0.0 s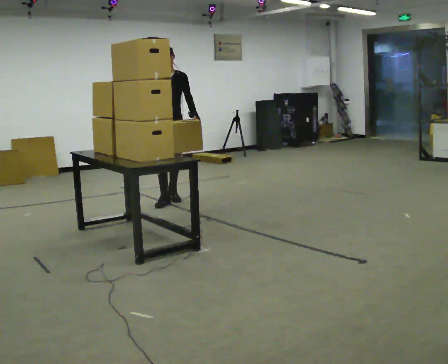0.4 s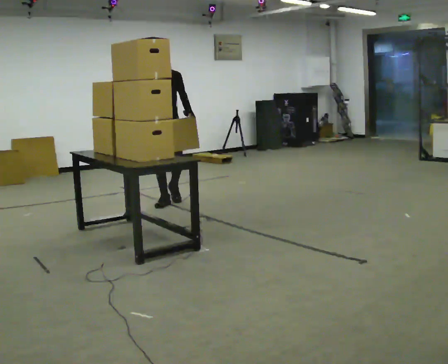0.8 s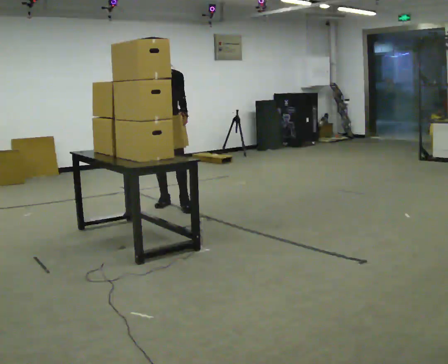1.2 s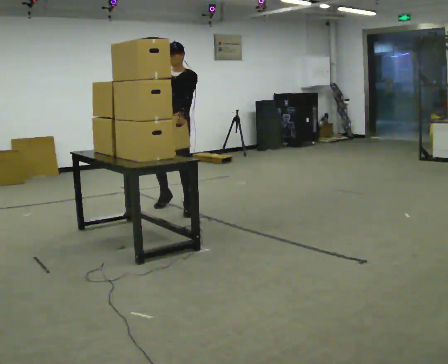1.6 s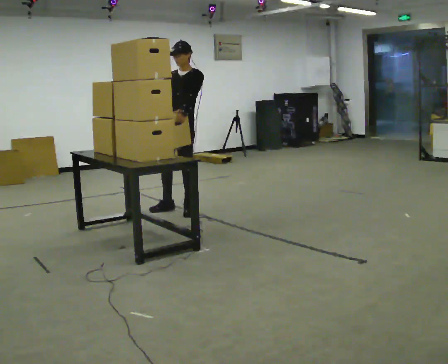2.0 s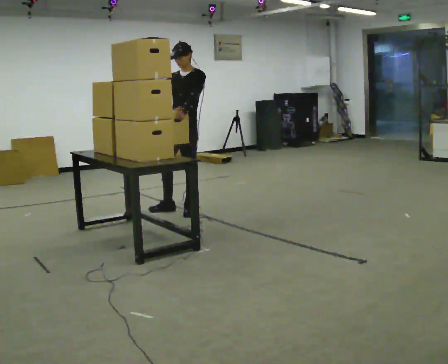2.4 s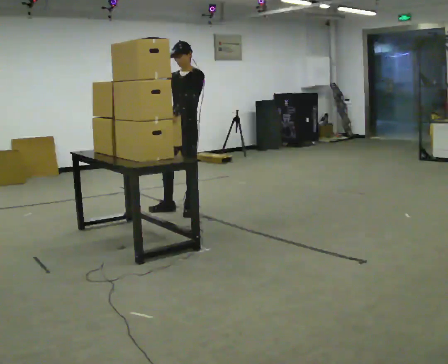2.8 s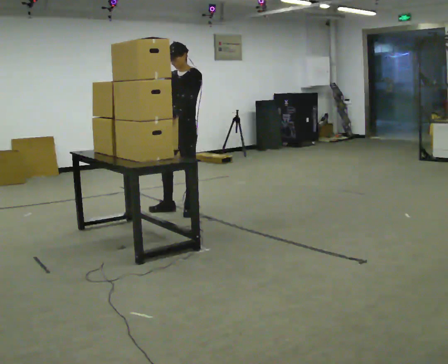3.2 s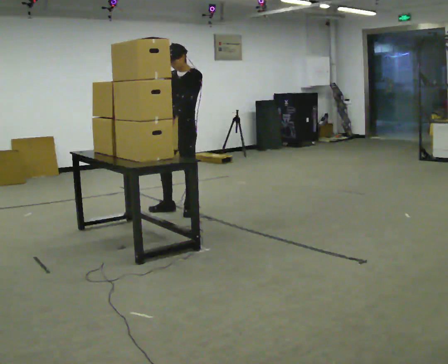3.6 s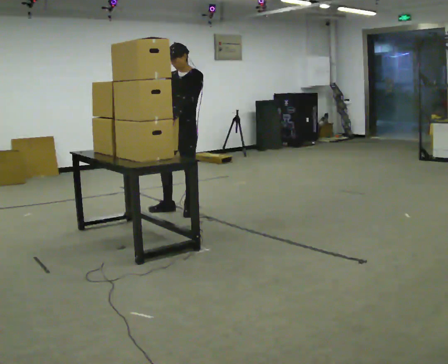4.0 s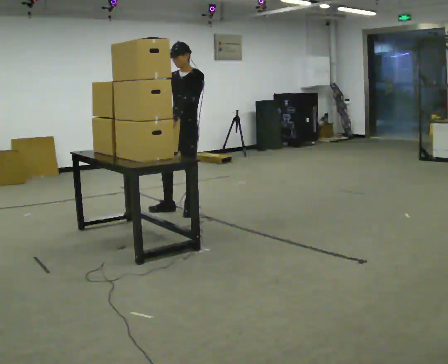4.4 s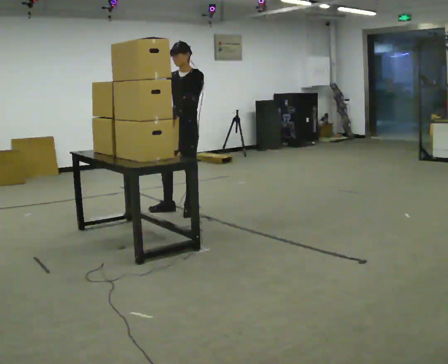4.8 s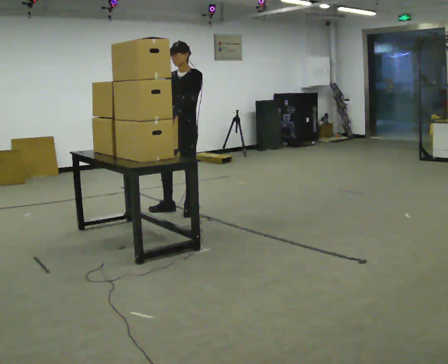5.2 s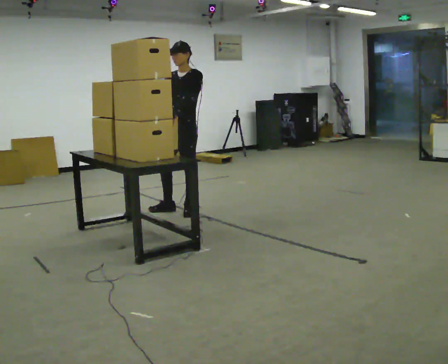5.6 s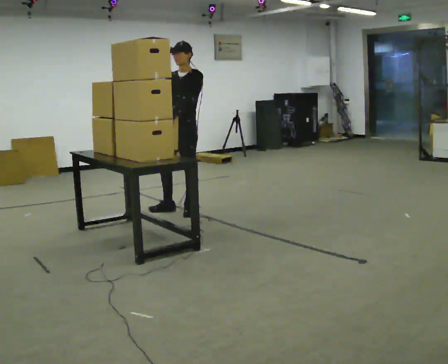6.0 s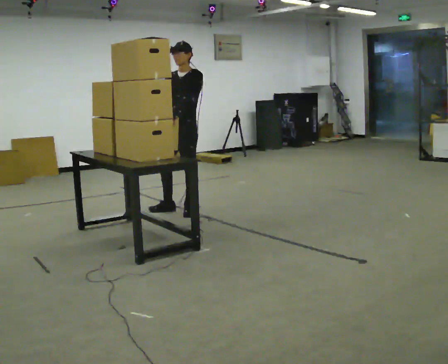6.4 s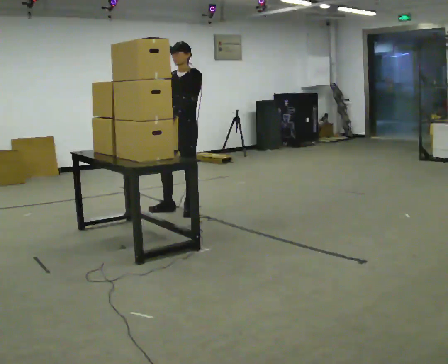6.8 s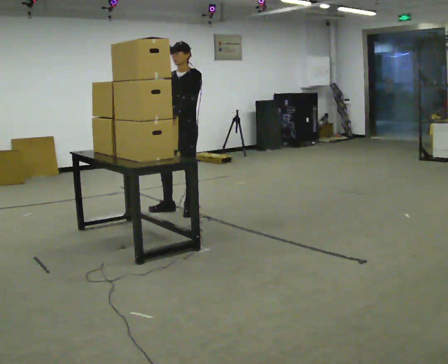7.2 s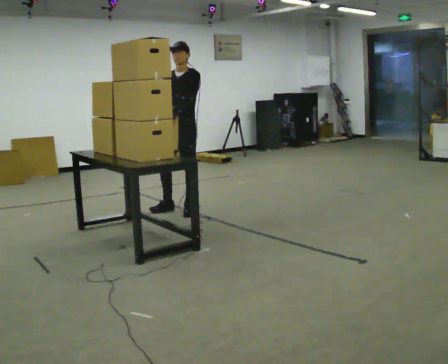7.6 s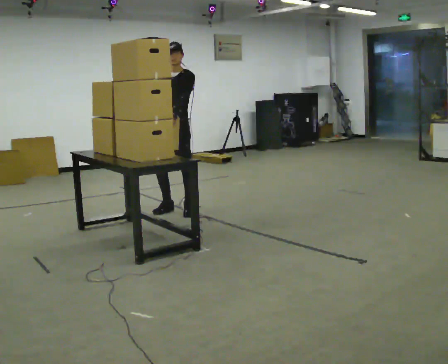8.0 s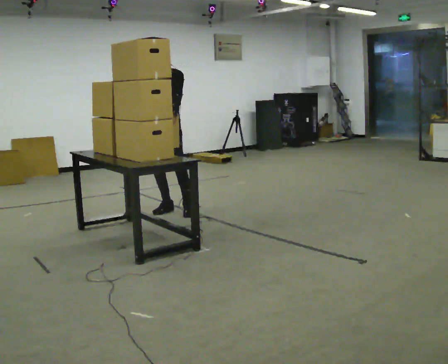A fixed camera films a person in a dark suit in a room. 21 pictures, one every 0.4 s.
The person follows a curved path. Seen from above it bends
clockwise.
0.0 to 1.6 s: The person turns about 45 degrees to their right, clockwise seen from above, so the part of the body nearest the lens slides to the left. In the picture they go toward the camera, about 0.5 m in 2 steps, which for them is forward and to their left.
1.6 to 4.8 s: The person moves a little, or ends about where they began.
4.8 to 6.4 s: The person keeps their place and pose.
6.4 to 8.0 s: In the picture they go to the left, about 0.25 m, which for them is to their right.
The film runs forward here.
